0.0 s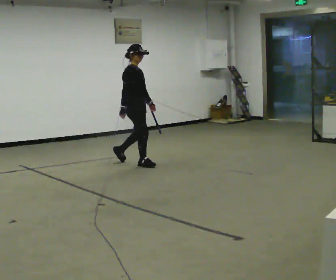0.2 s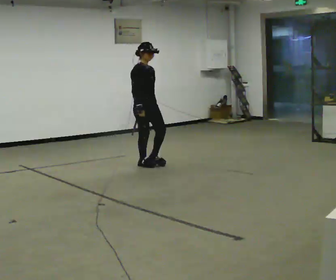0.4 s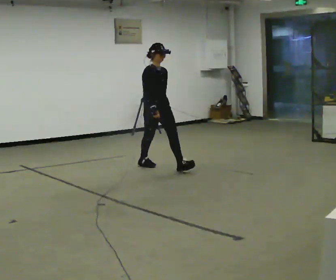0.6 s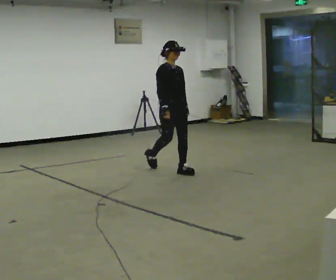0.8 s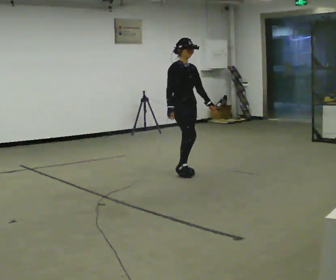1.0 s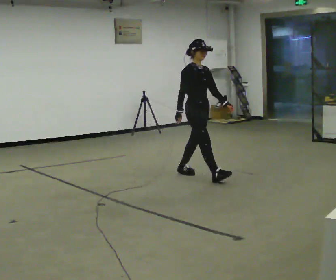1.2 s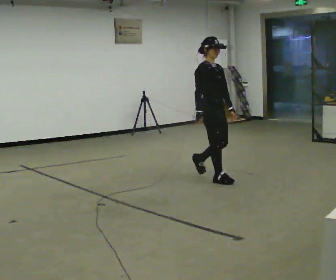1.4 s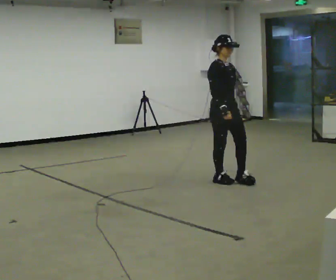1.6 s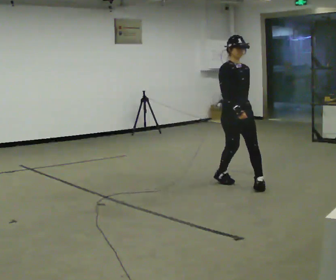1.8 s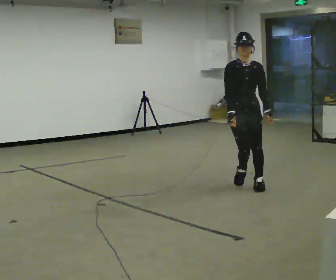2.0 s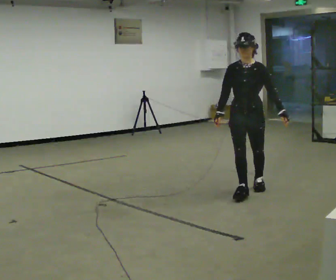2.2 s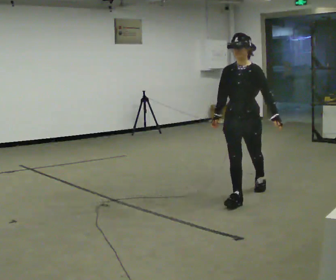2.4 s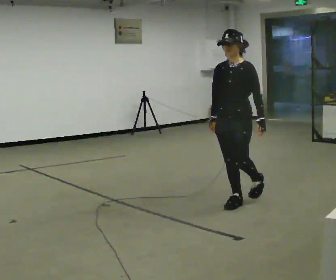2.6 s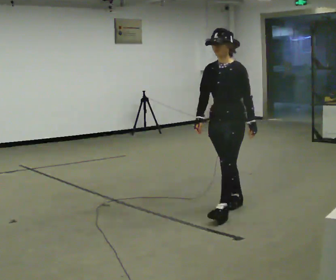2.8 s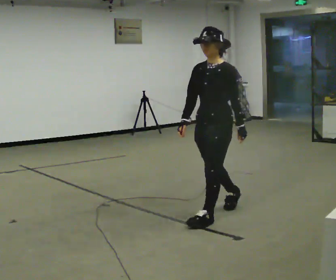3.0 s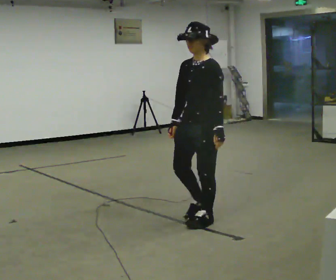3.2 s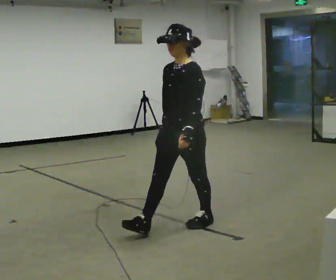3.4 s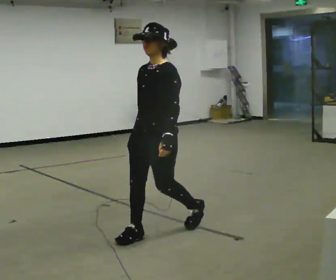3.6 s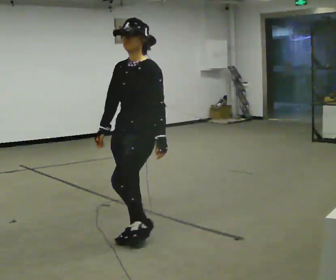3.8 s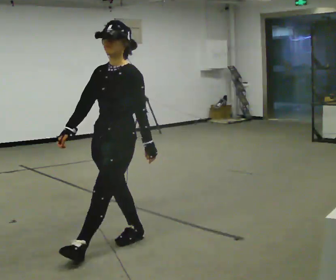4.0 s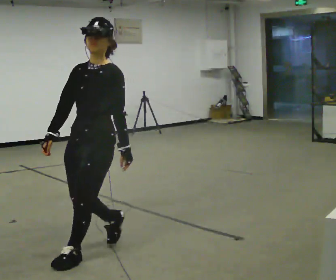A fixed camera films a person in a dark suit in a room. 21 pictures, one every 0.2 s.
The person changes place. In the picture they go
toward the camera.
The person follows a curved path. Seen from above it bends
clockwise.
0.0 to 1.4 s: The part of the body nearest the lens slides to the left as the person turns to their right by about 30 degrees. In the picture they go to the right and toward the camera, about 1.5 m in 2 steps, which for them is forward.
1.4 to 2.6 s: Seen from above the body turns clockwise, about 75 degrees: to their right, with its near side sliding to the left. In the picture they go toward the camera, about 1 m in 2 steps.
2.6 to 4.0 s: In the picture they go toward the camera and to the left, about 1.5 m in 3 steps, which for them is forward.
The film runs forward here.
